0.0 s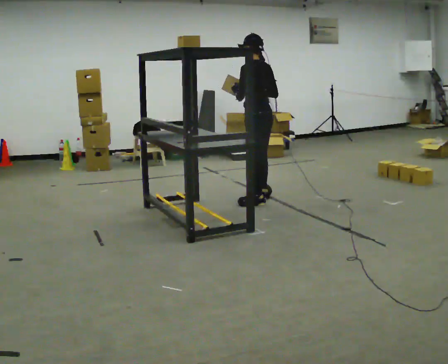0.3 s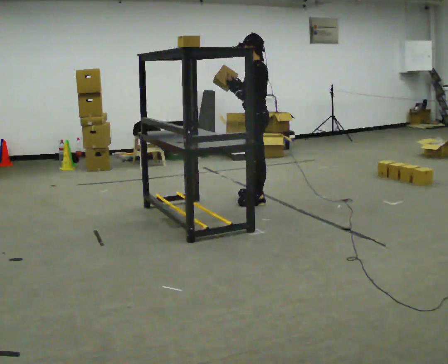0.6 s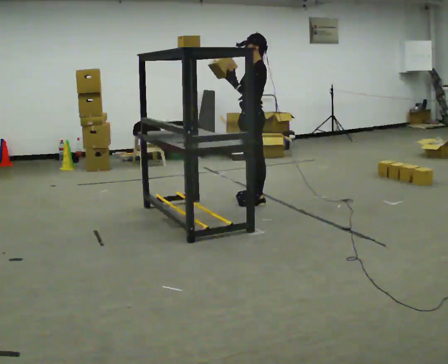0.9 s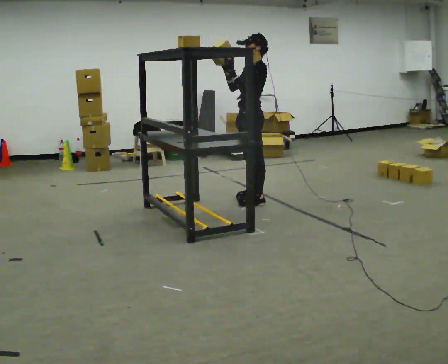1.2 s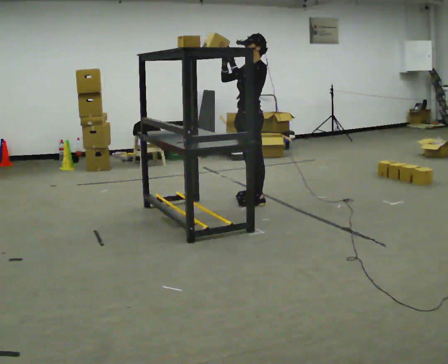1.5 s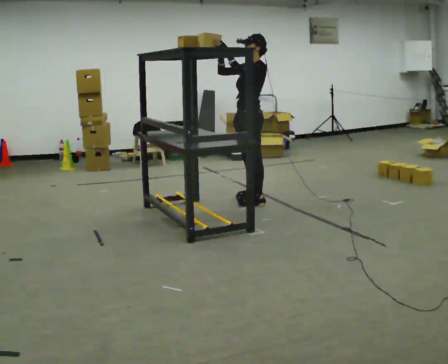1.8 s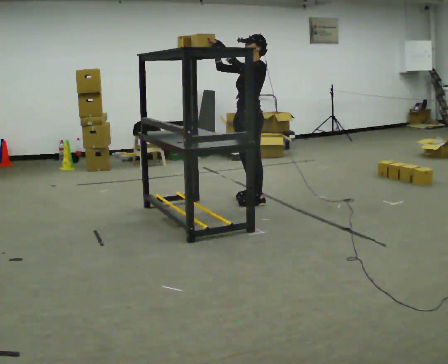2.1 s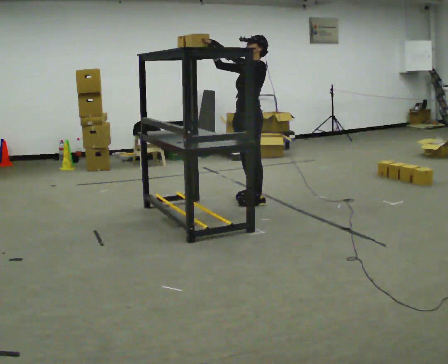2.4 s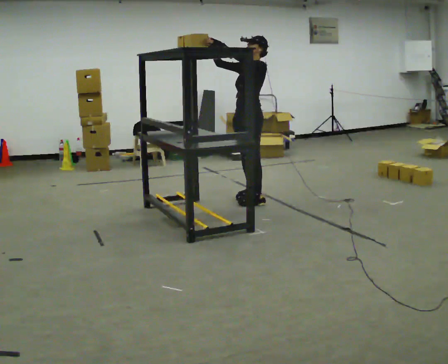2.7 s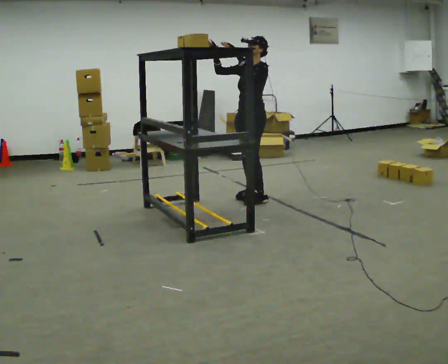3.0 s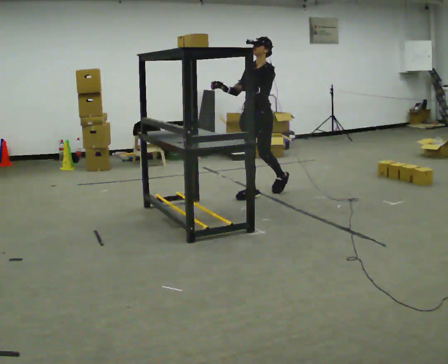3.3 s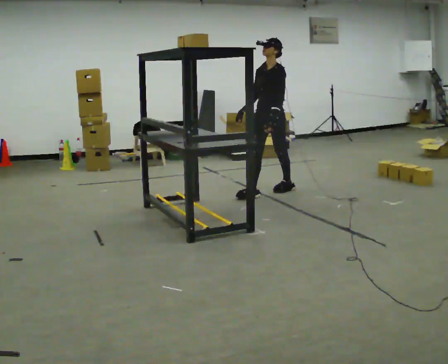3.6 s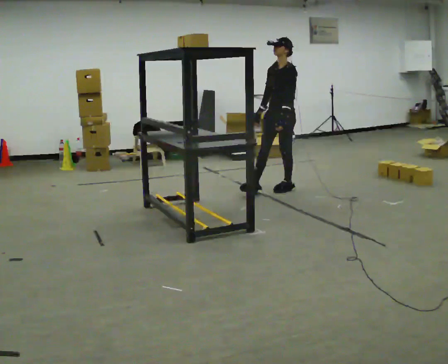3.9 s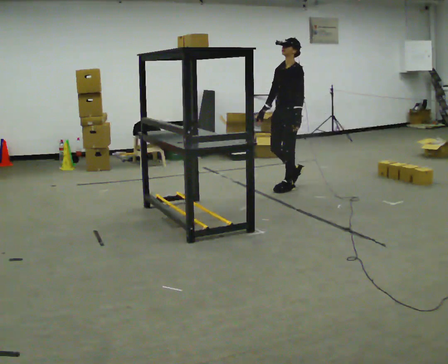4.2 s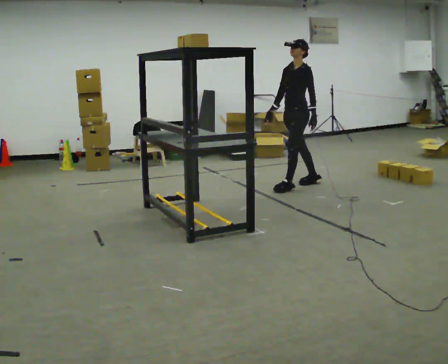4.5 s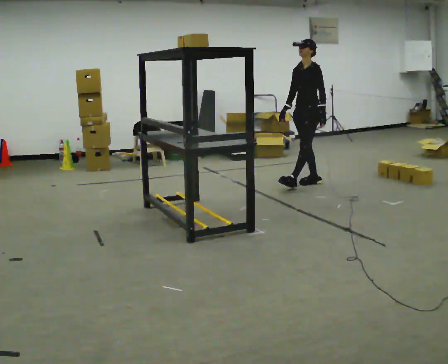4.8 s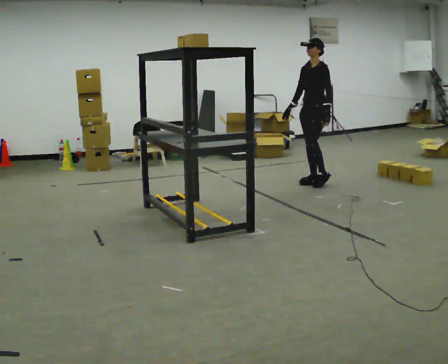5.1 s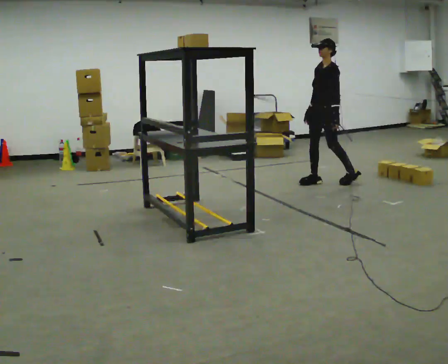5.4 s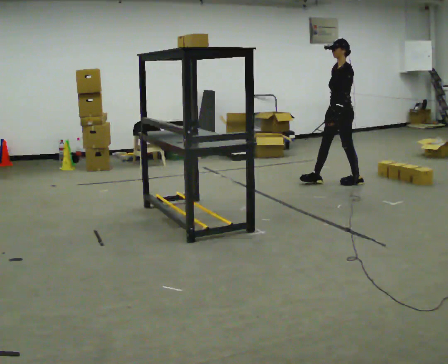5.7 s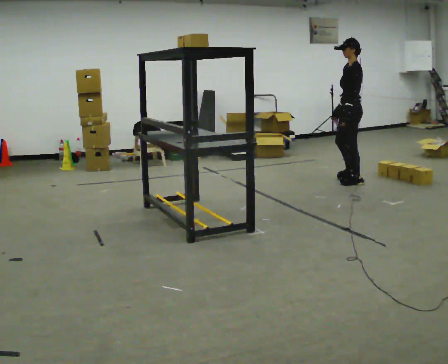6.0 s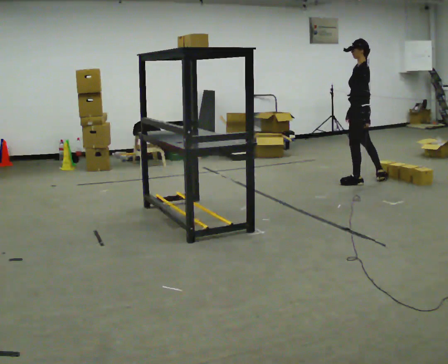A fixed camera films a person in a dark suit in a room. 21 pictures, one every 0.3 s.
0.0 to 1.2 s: The part of the body nearest the lens slides to the right as the person turns to their left by about 60 degrees. In the picture their right hand goes to the left.
1.2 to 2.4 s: The person moves a little, or ends about where they began.
2.4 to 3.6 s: In the picture they go away from the camera and to the right, about 0.5 m in 2 steps, which for them is backward. In the picture their left hand goes downward.
3.6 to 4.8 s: In the picture they go to the right and away from the camera, about 0.5 m in 1 step, which for them is backward.
4.8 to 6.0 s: The person turns about 60 degrees to their right, clockwise seen from above, so the part of the body nearest the lens slides to the left. In the picture they go to the right, about 0.5 m in 1 step.
The film runs backward here.
